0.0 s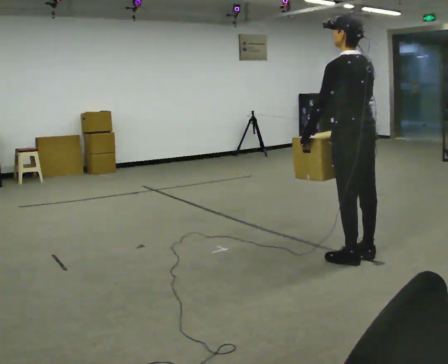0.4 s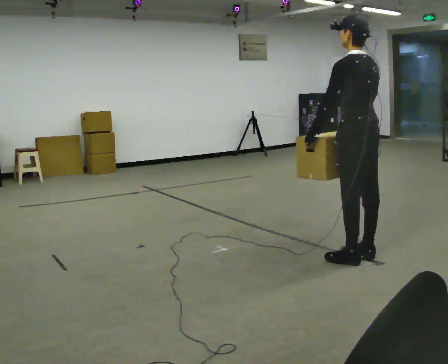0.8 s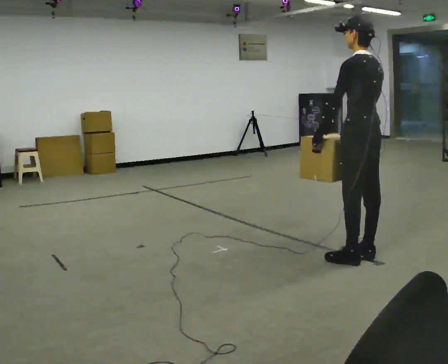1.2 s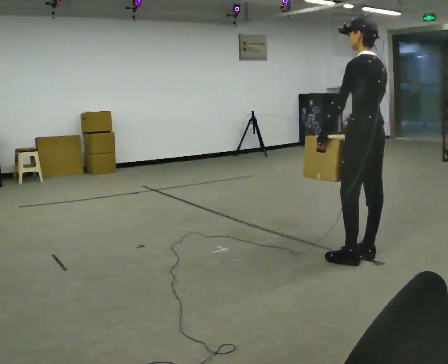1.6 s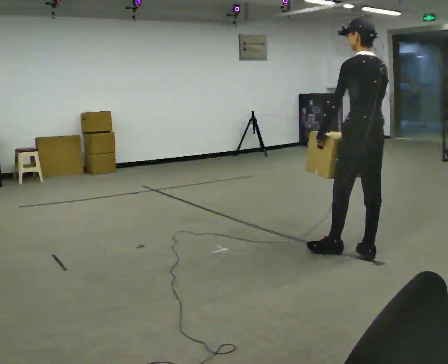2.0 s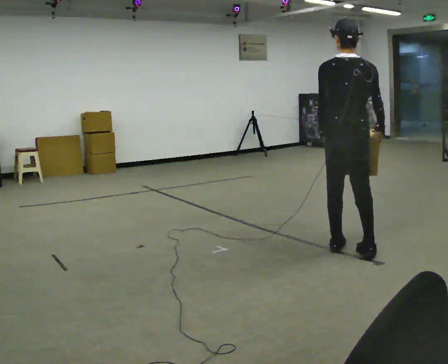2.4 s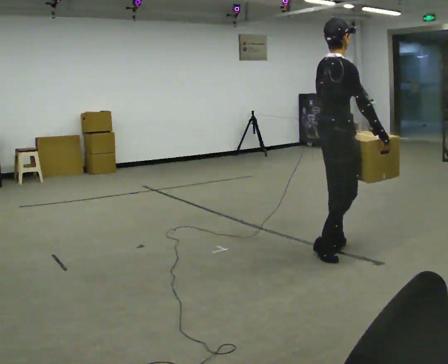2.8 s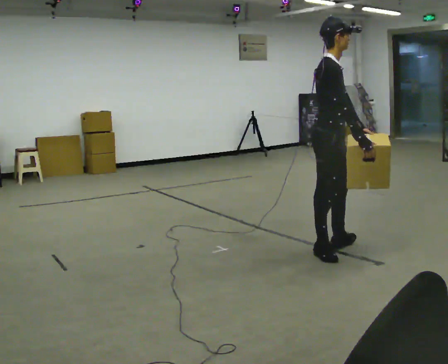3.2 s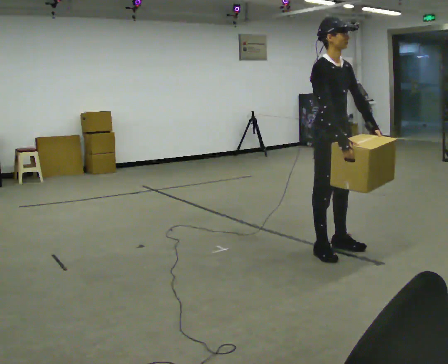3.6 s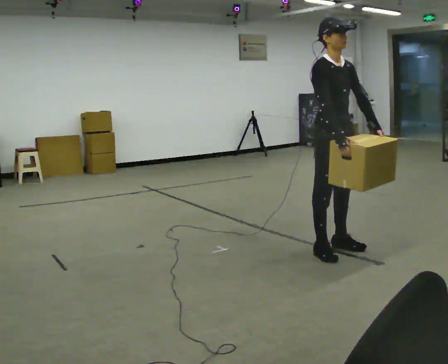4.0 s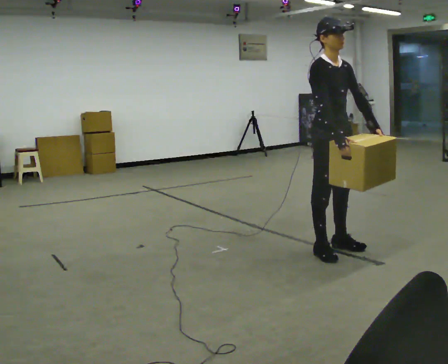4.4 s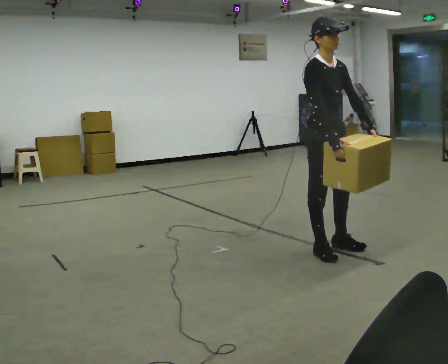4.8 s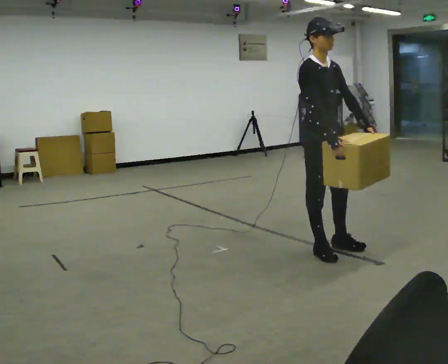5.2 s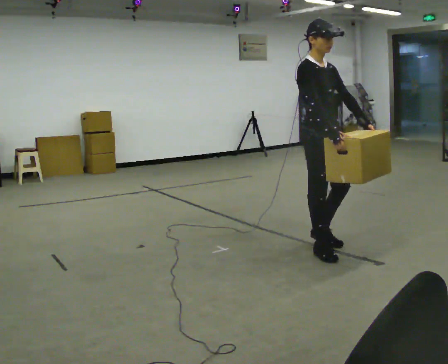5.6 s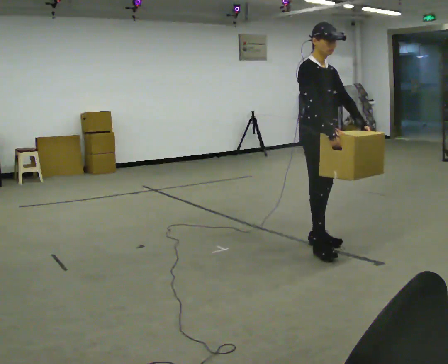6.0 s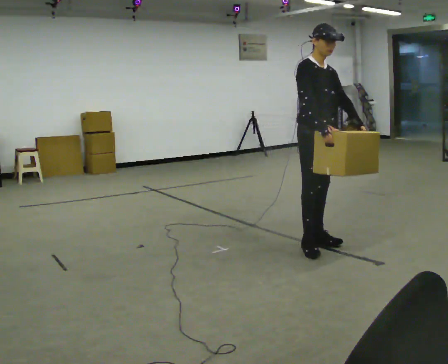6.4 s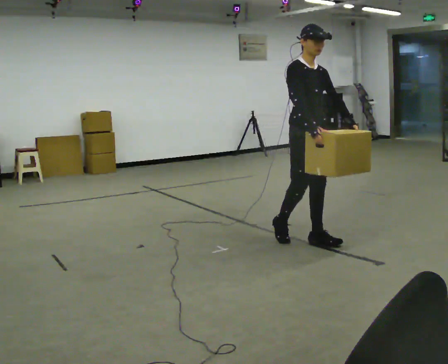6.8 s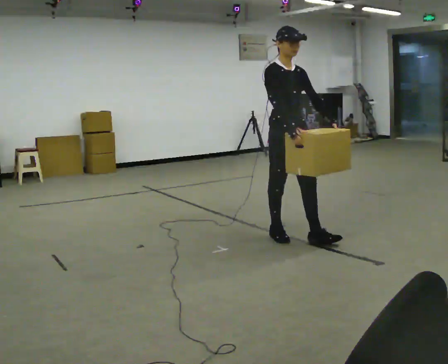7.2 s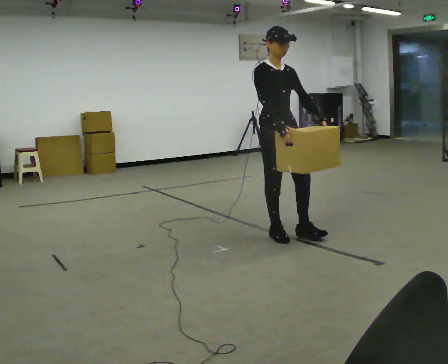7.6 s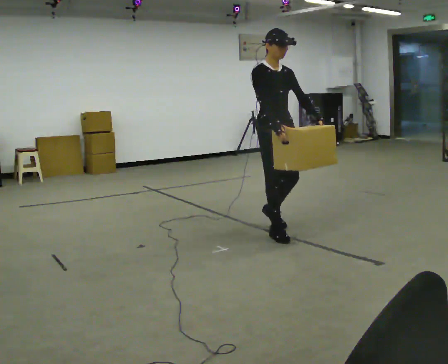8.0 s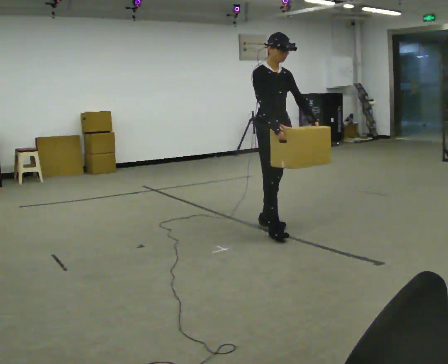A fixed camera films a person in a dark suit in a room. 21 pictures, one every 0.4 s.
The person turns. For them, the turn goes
to their right.
The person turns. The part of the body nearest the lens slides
to the left.
0.0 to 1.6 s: The person moves a little, or ends about where they began.
1.6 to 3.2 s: The part of the body nearest the lens slides to the left as the person turns to their right by about 165 degrees. In the picture they go to the left, about 0.25 m in 1 step.
3.2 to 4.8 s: The person moves a little, or ends about where they began.
4.8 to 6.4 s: In the picture they go away from the camera, about 0.25 m in 2 steps, which for them is backward and to their left.
6.4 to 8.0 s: In the picture they go away from the camera and to the left, about 0.5 m in 1 step, which for them is backward.
The film runs backward here.
